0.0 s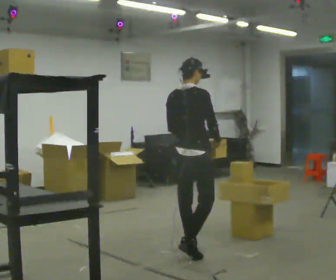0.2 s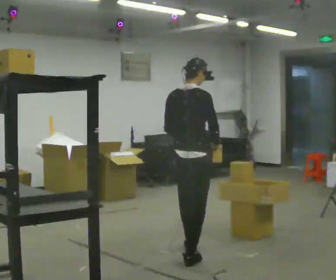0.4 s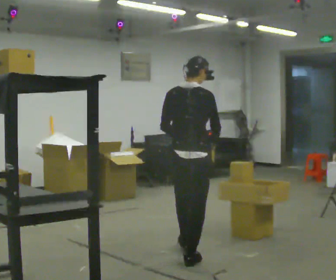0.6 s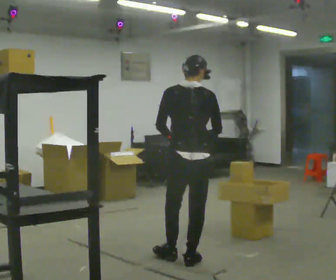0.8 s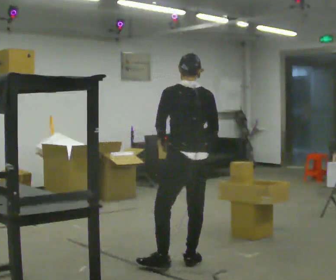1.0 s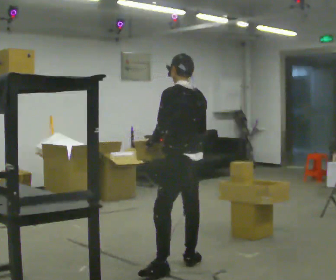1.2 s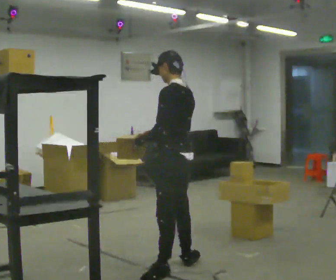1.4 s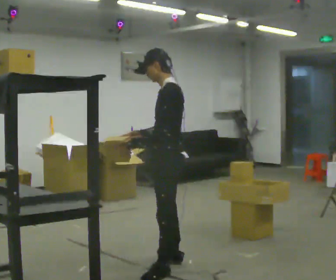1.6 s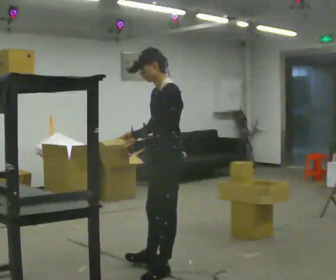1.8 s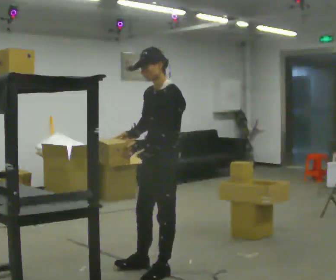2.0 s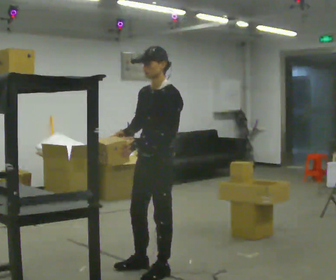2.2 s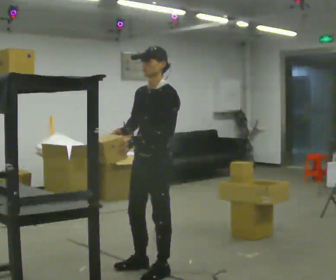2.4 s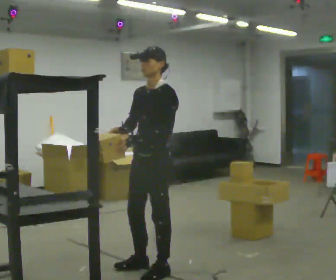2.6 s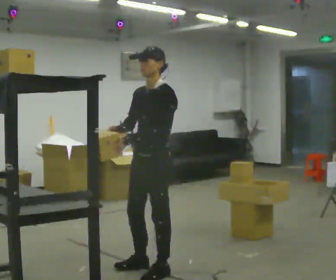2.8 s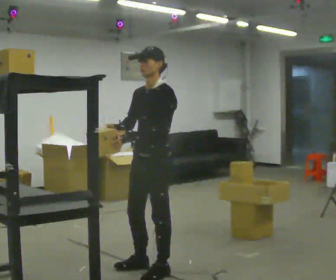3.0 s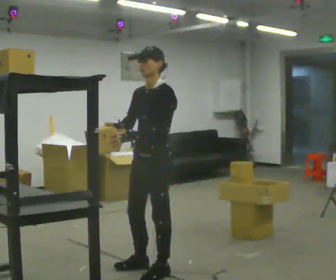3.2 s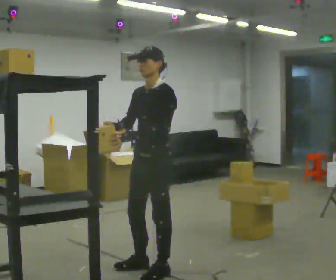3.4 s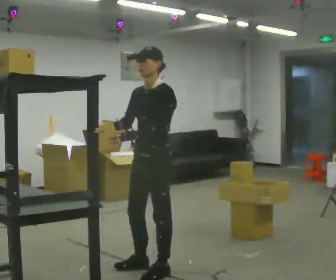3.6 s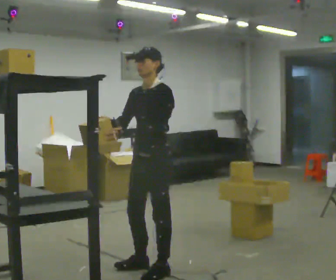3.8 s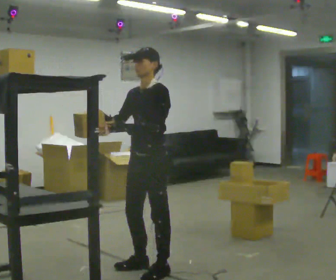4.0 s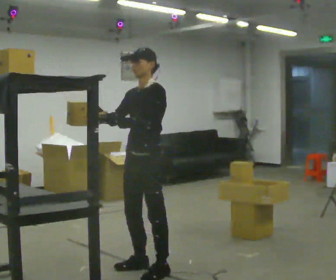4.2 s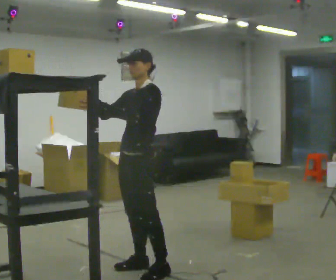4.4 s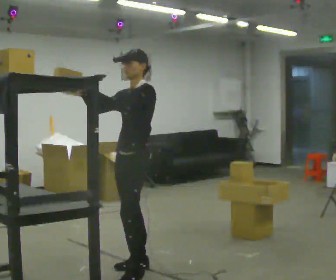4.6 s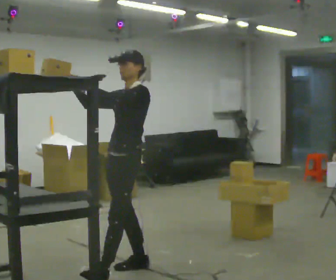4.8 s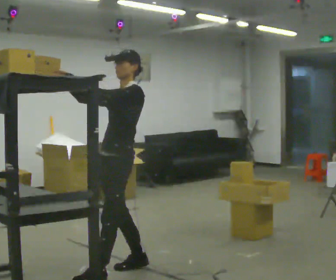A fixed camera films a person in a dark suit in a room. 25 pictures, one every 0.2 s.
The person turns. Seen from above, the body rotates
counterclockwise.
The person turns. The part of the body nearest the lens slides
to the right.
0.0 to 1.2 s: Seen from above the body turns counterclockwise, about 105 degrees: to their left, with its near side sliding to the right. In the picture they go toward the camera, about 0.5 m in 1 step.
1.2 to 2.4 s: The part of the body nearest the lens slides to the right as the person turns to their left by about 60 degrees. In the picture they go to the left, about 0.25 m in 1 step. In the picture their right hand goes to the left.
2.4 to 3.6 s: The person moves a little, or ends about where they began.
3.6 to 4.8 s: In the picture they go to the left, about 0.25 m in 1 step, which for them is forward and to their right. In the picture their left hand goes upward.
The film runs backward here.
